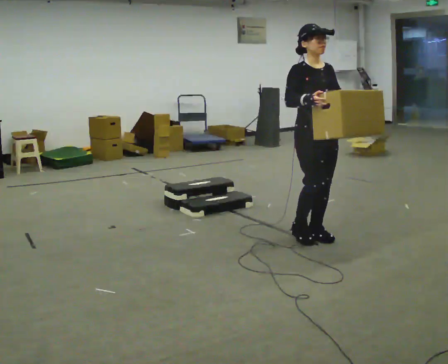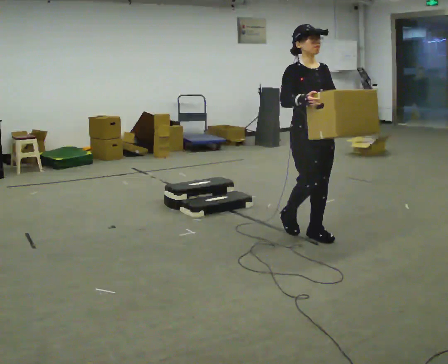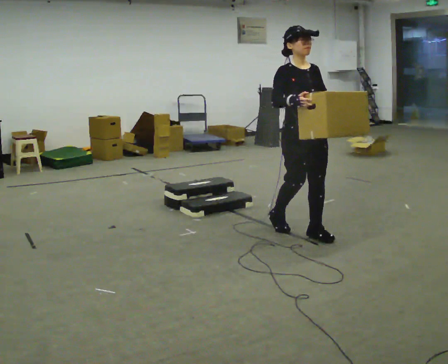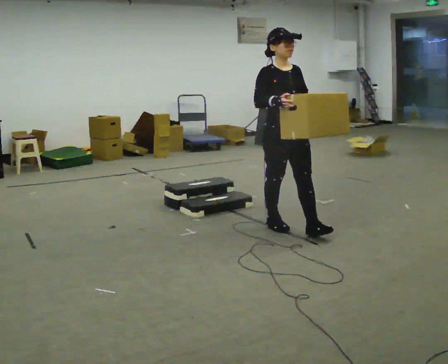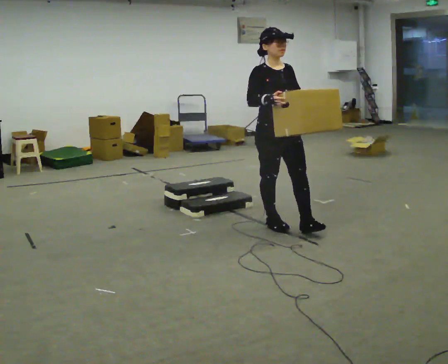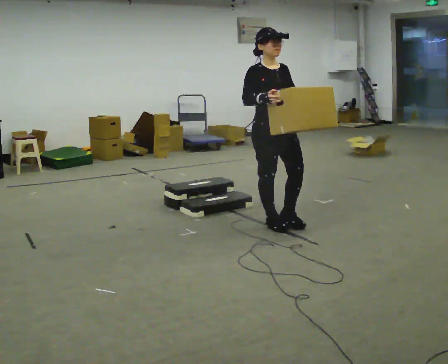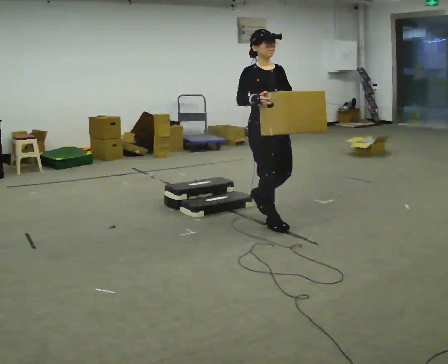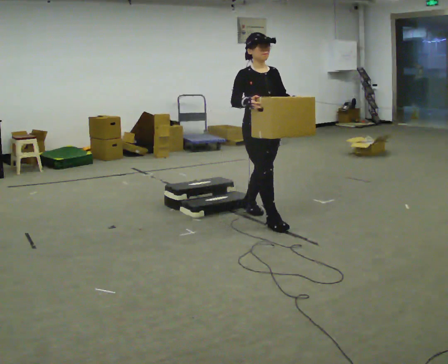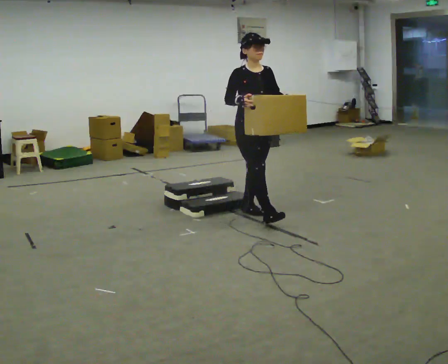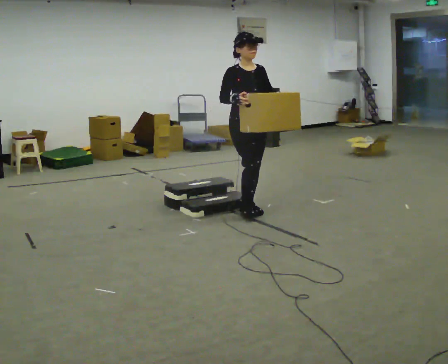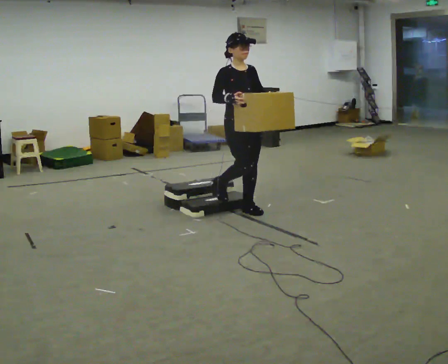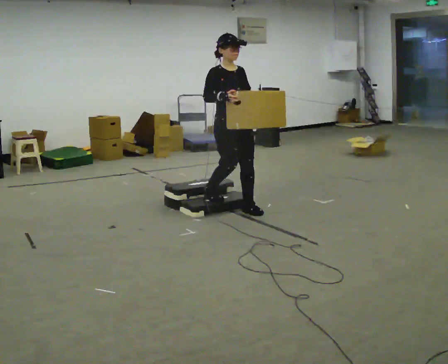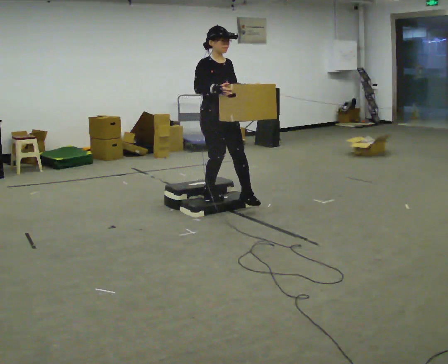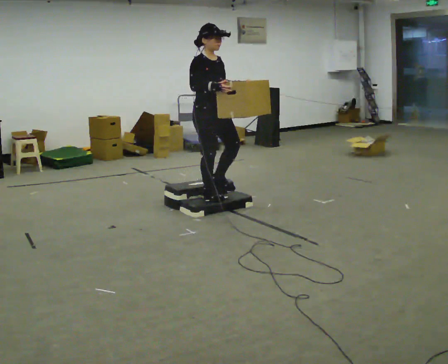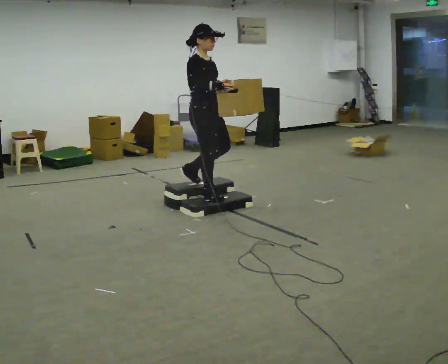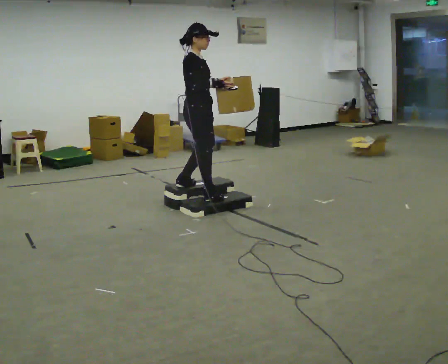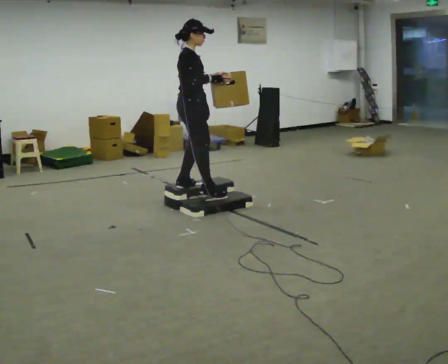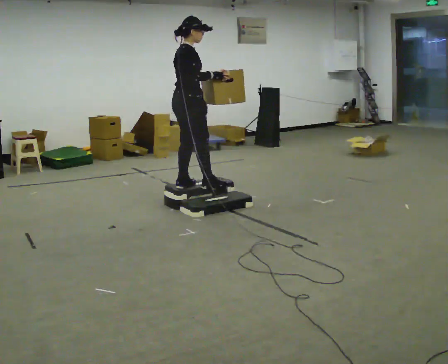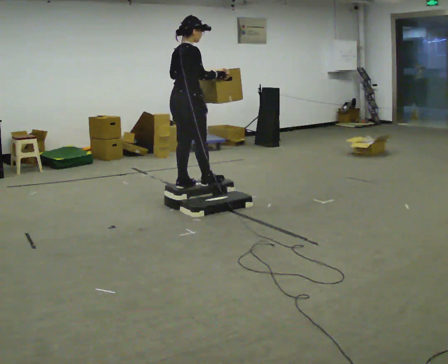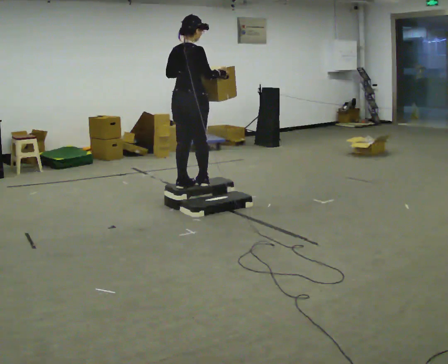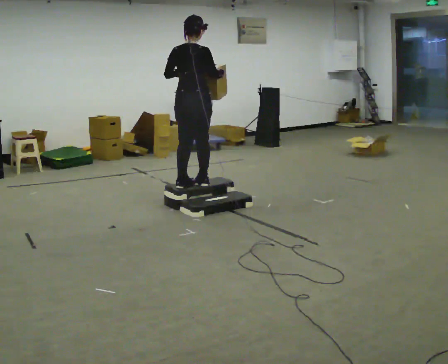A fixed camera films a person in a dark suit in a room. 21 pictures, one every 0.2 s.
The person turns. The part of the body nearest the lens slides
to the right.
The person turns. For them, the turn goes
to their left.
0.0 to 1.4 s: In the picture they go away from the camera and to the left, about 0.75 m in 1 step, which for them is backward.
1.4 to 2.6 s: In the picture they go to the left and away from the camera, about 0.5 m in 2 steps, which for them is backward.
2.6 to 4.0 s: The part of the body nearest the lens slides to the right as the person turns to their left by about 105 degrees. In the picture their left hand goes to the left.
The film runs backward here.
